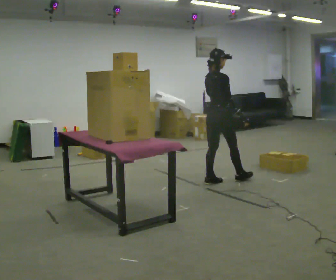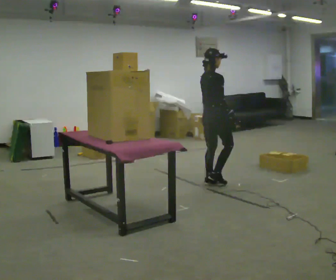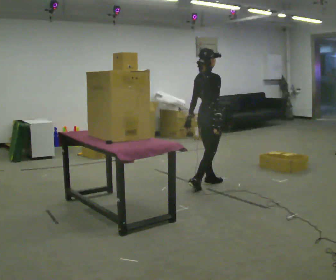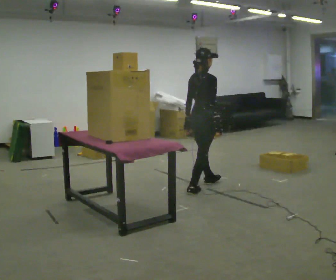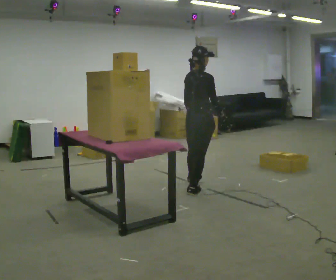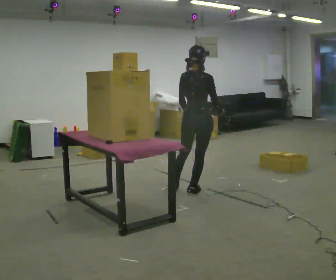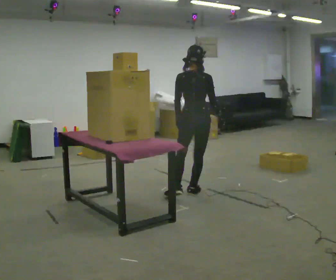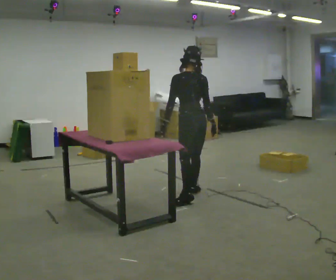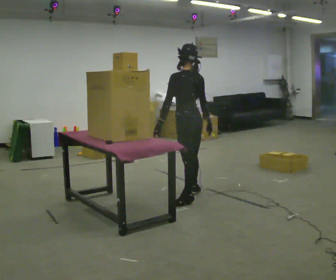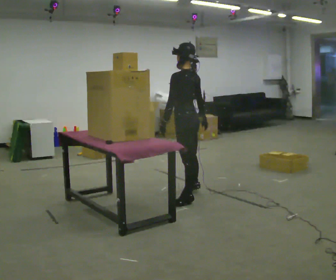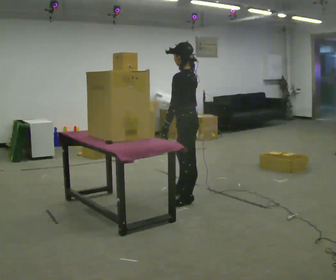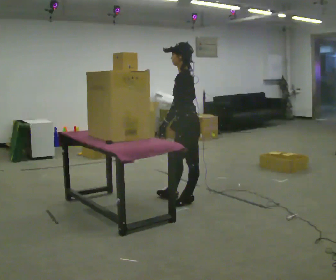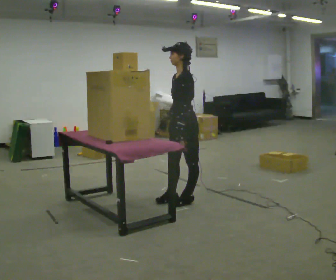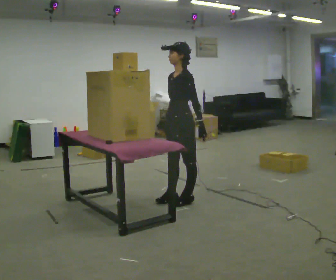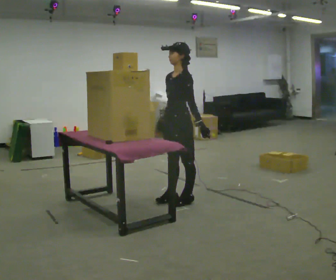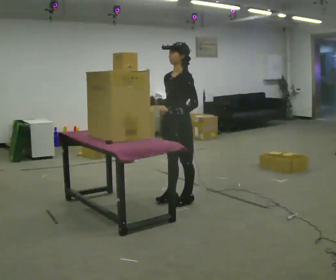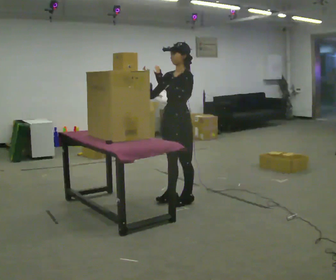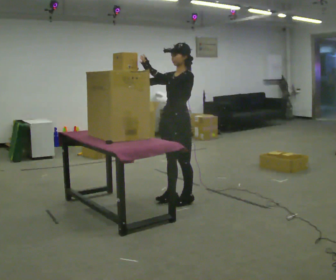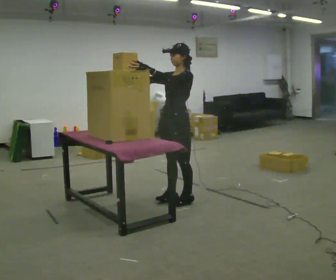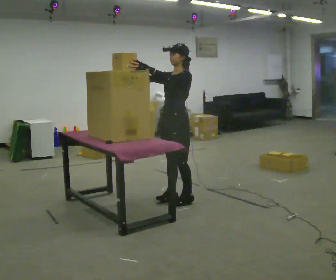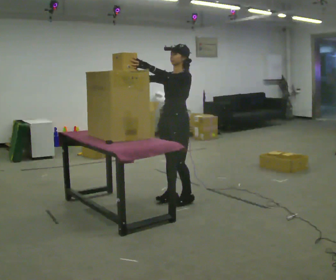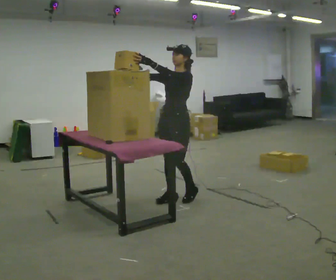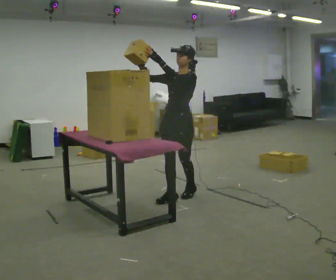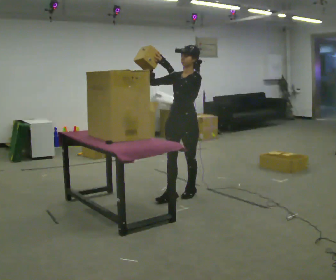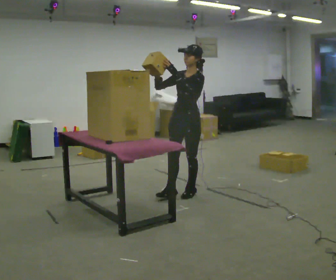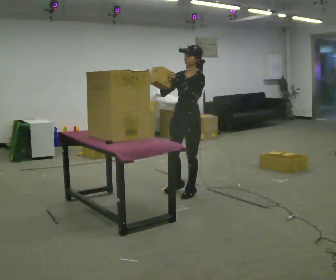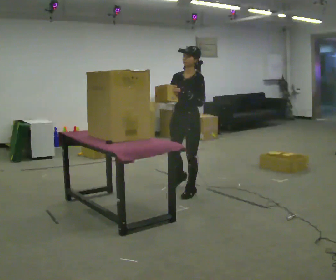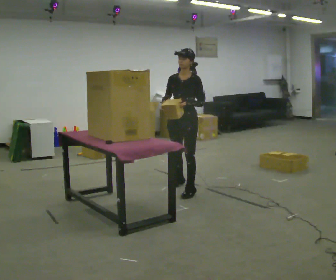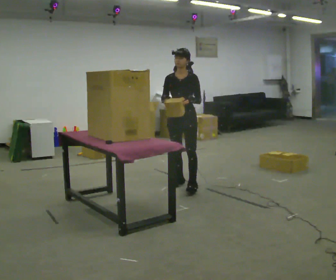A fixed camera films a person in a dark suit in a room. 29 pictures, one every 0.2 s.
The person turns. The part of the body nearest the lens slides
to the right.
The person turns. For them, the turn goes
to their left.
0.0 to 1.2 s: The person turns about 45 degrees to their left, counterclockwise seen from above, so the part of the body nearest the lens slides to the right. In the picture they go toward the camera and to the left, about 0.5 m in 1 step, which for them is backward and to their right.
1.2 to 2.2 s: The person turns about 90 degrees to their left, counterclockwise seen from above, so the part of the body nearest the lens slides to the right. In the picture they go toward the camera, about 0.25 m in 1 step.
2.2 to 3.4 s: The person turns about 45 degrees to their left, counterclockwise seen from above, so the part of the body nearest the lens slides to the right. In the picture their right hand goes upward and to the left, the arm swinging clockwise.
3.4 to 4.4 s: The person moves a little, or ends about where they began.
4.4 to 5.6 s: In the picture they go away from the camera, about 0.5 m in 2 steps, which for them is backward and to their right. In the picture their left hand goes downward.
The film runs backward here.
